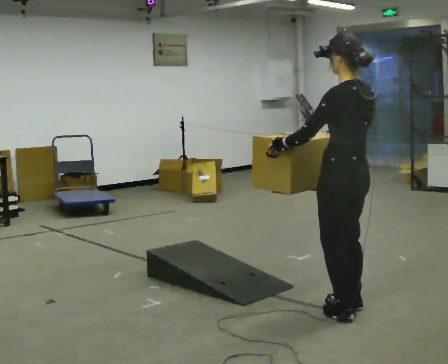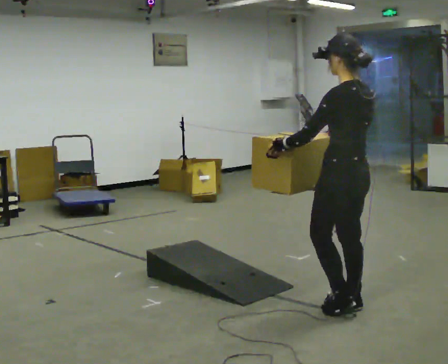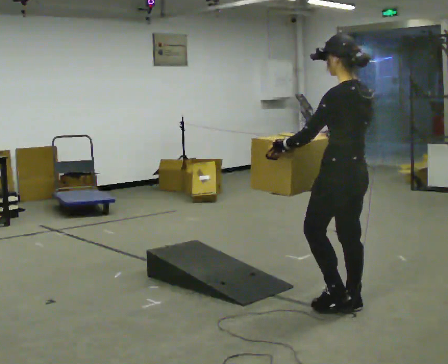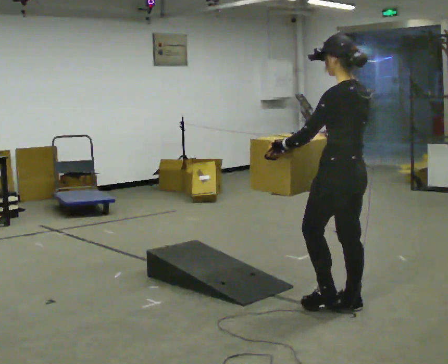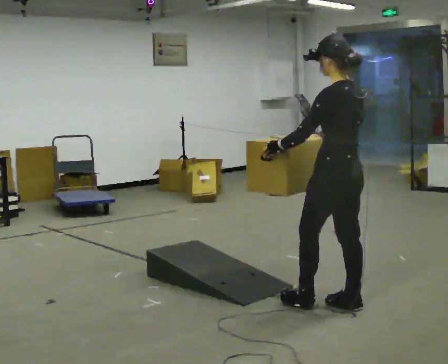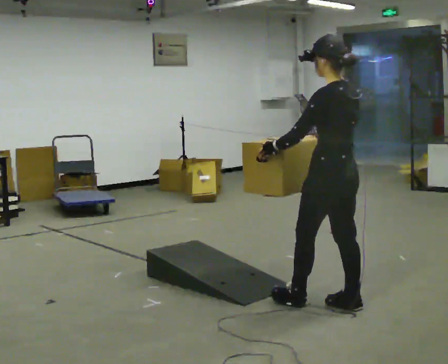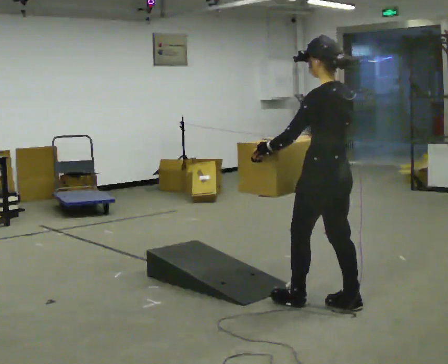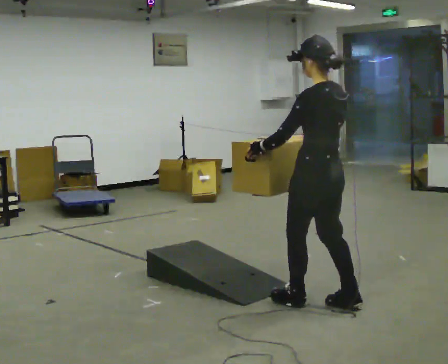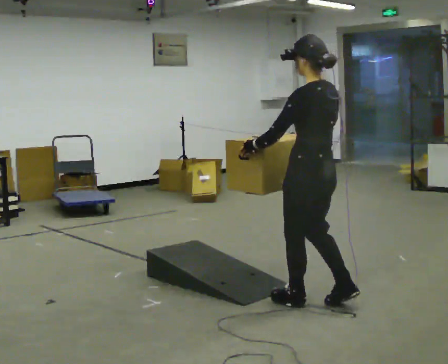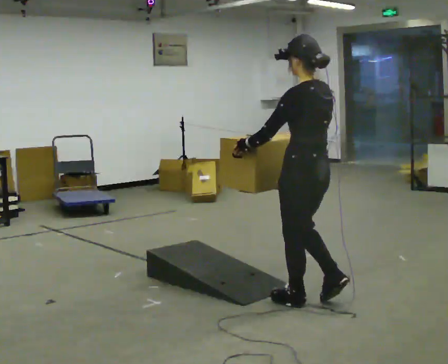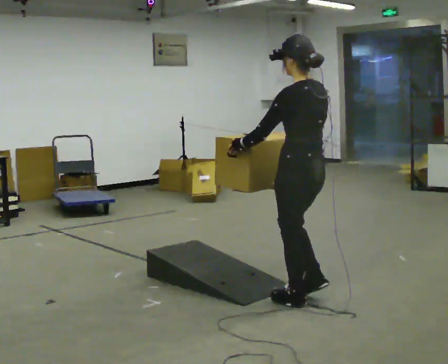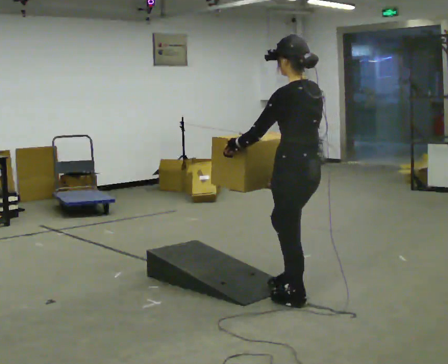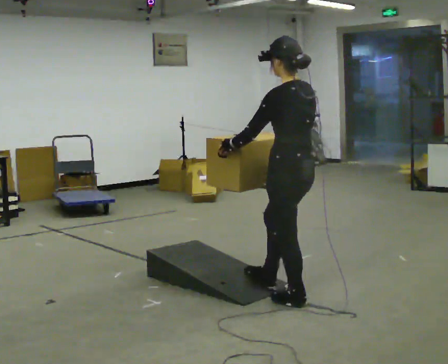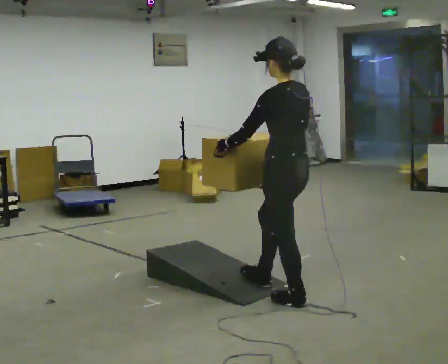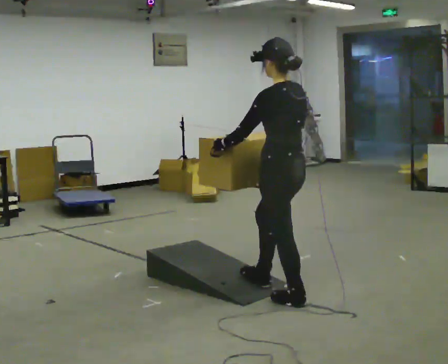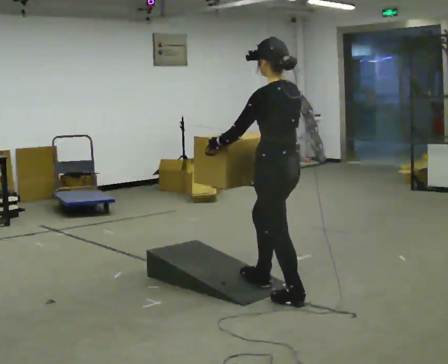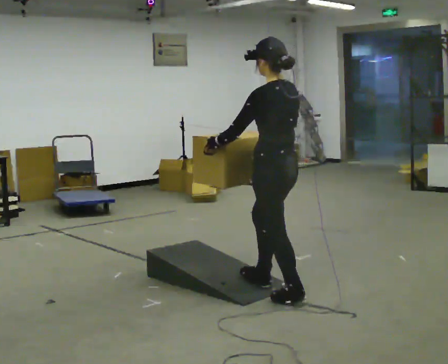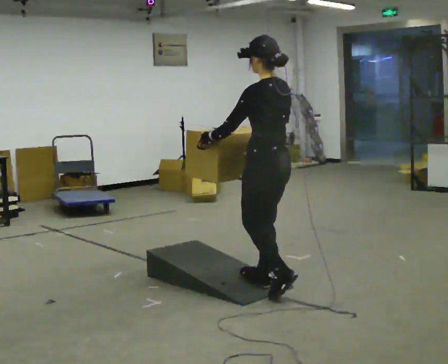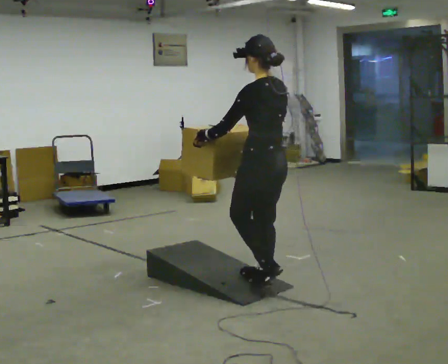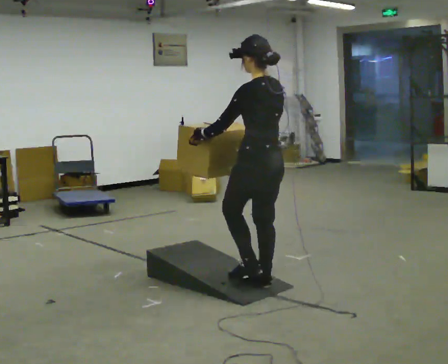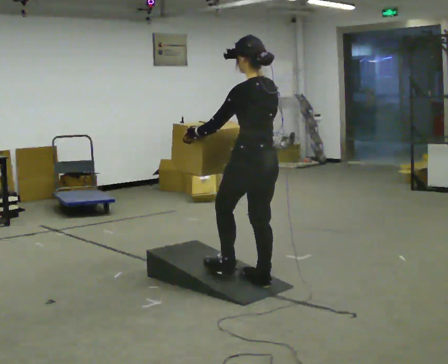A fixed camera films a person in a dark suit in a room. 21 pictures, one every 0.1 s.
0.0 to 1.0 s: In the picture they go to the left and away from the camera, about 0.25 m in 1 step, which for them is forward.
1.0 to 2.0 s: In the picture they go away from the camera and to the left, about 0.5 m in 2 steps, which for them is forward.
The film runs forward here.
